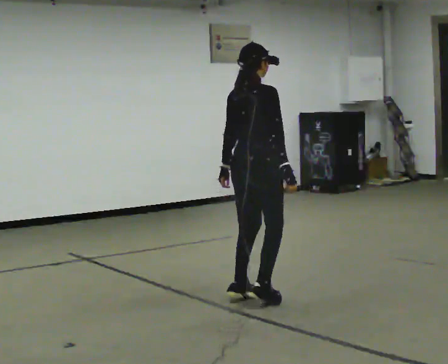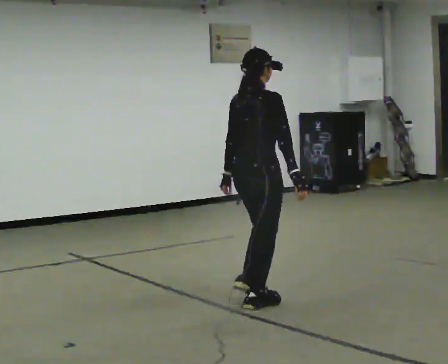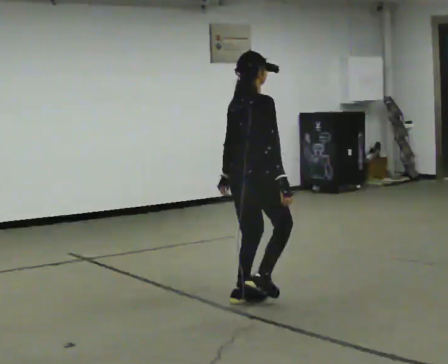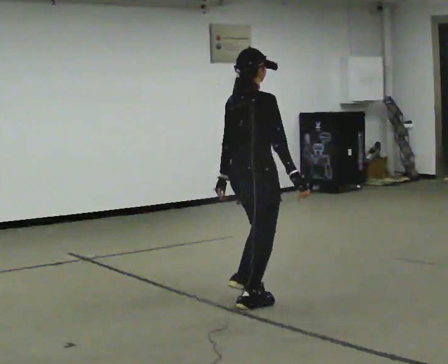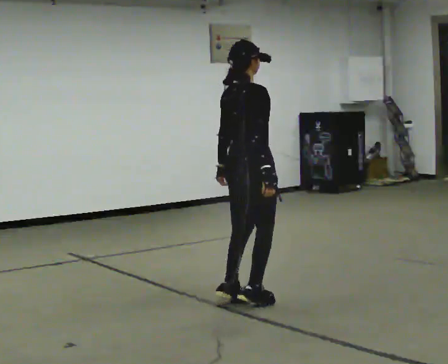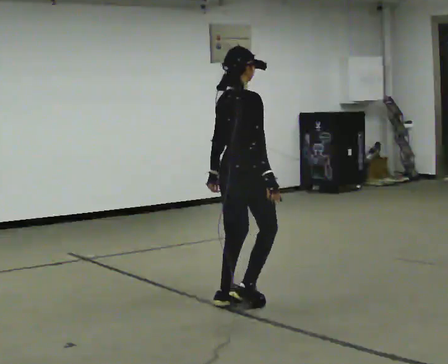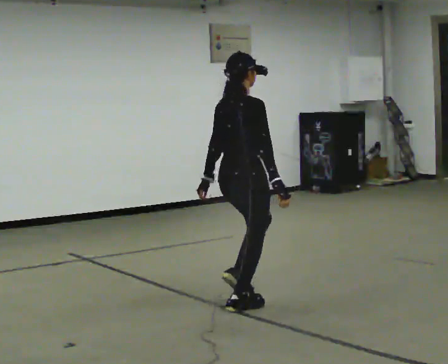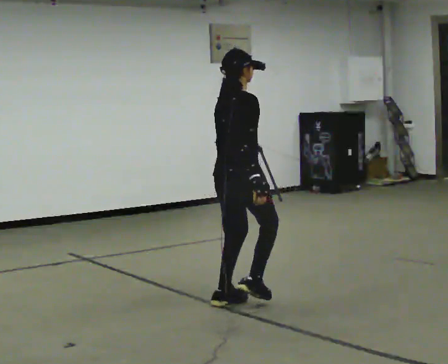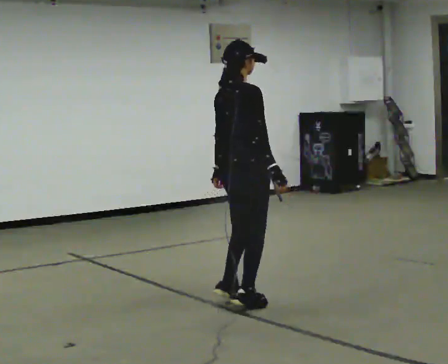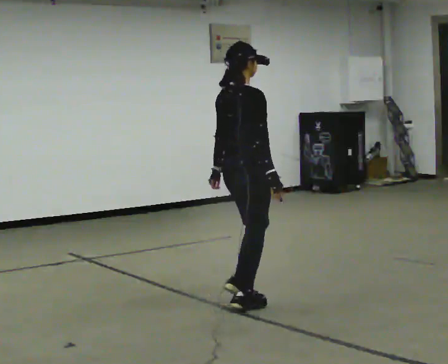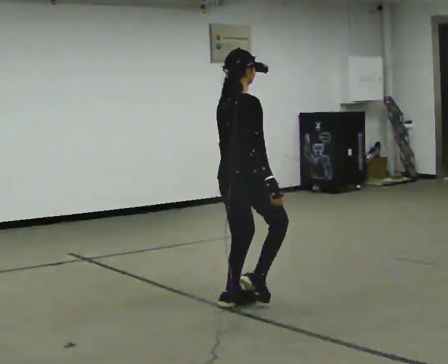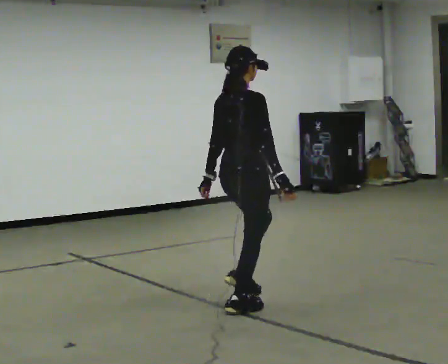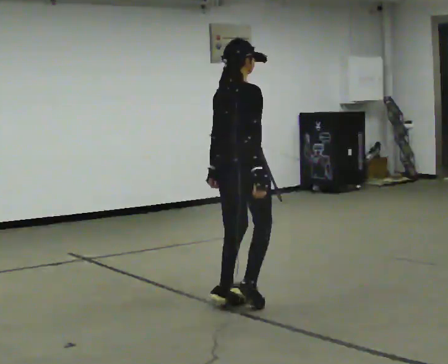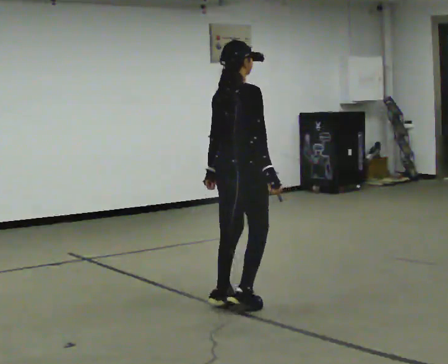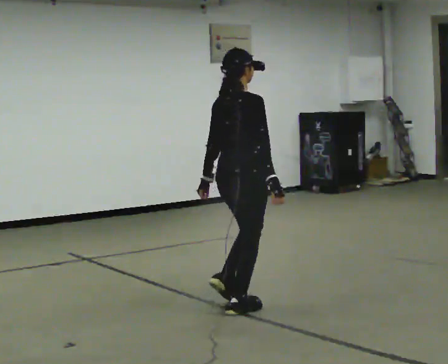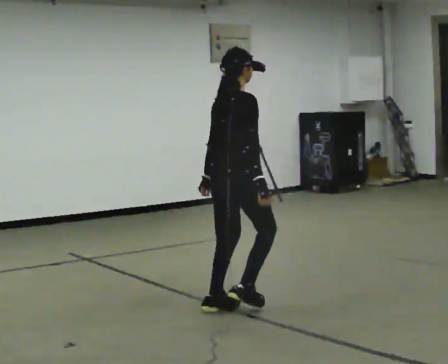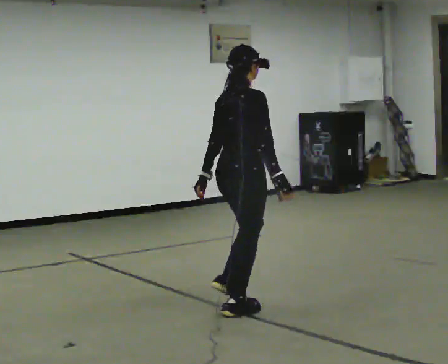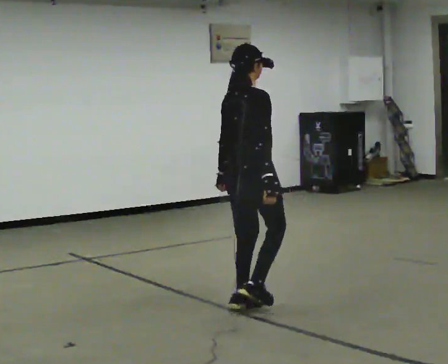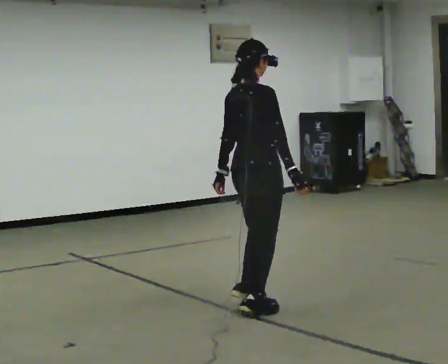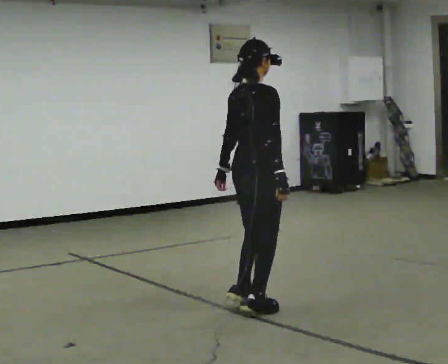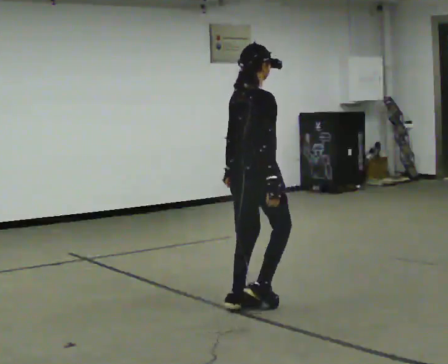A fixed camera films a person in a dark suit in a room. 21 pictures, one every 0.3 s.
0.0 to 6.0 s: In the picture they go toward the camera, about 0.25 m in 1 step, which for them is to their right.
The film runs backward here.
